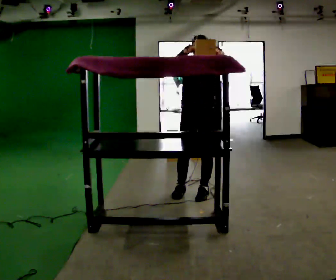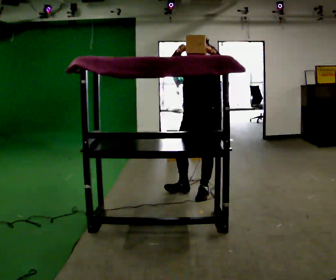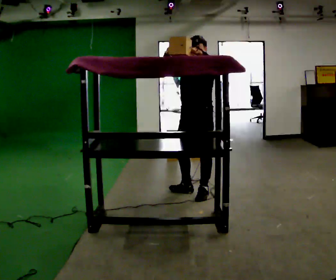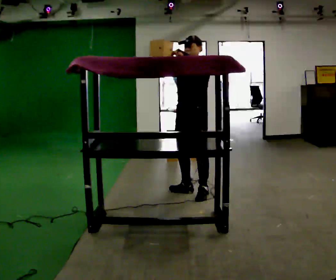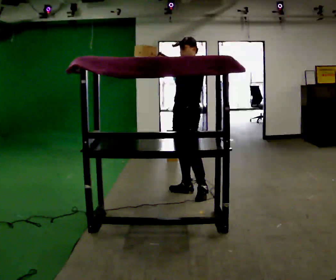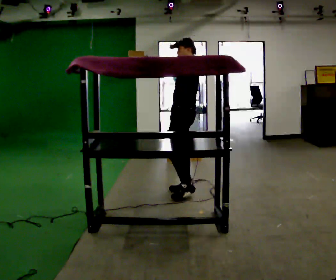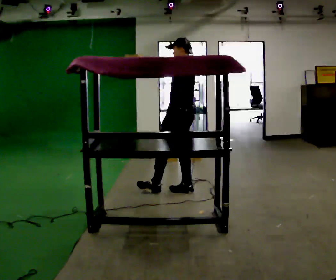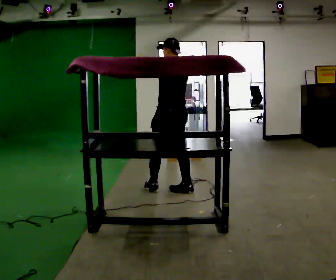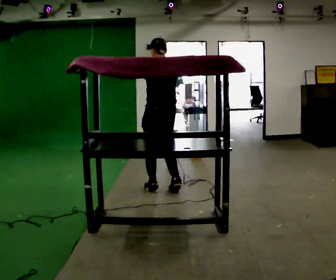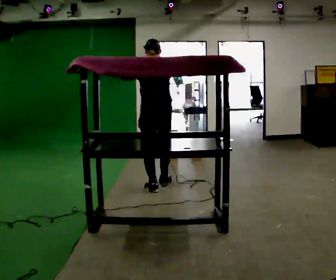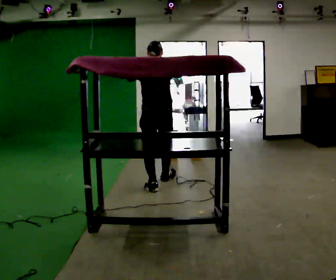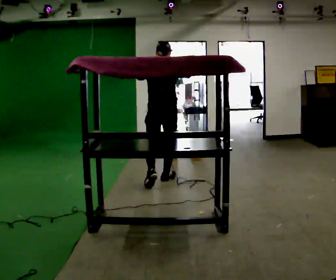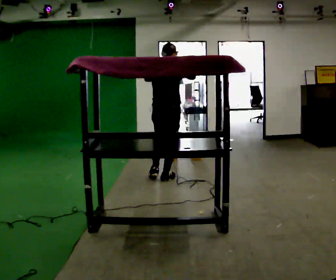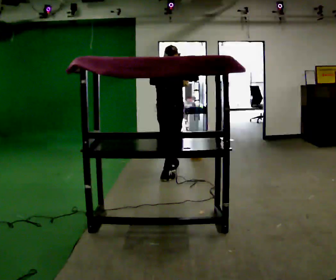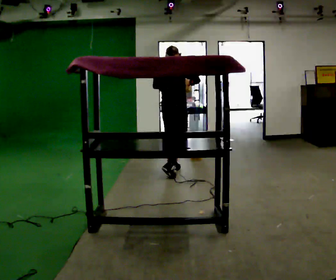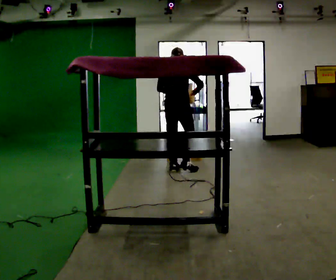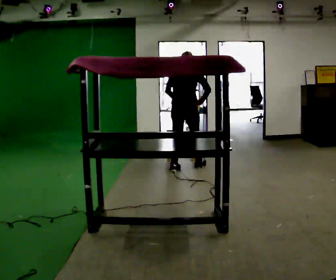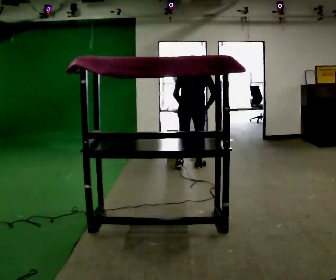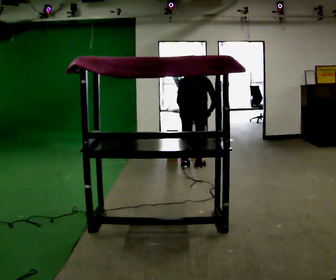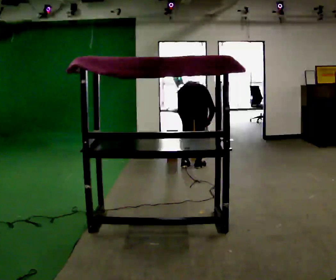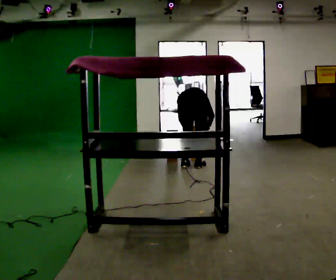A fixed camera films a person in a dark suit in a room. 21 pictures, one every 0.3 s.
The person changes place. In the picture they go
away from the camera.
Their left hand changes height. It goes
downward.
0.0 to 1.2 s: The person turns about 60 degrees to their right, clockwise seen from above, so the part of the body nearest the lens slides to the left. In the picture their right hand goes to the left.
1.2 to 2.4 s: Seen from above the body turns clockwise, about 90 degrees: to their right, with its near side sliding to the left. In the picture they go to the left, about 0.25 m in 1 step.
2.4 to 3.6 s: The person turns about 45 degrees to their right, clockwise seen from above, so the part of the body nearest the lens slides to the left. In the picture they go away from the camera, about 0.5 m in 1 step, which for them is forward.
3.6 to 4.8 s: In the picture they go away from the camera and to the right, about 0.5 m in 2 steps, which for them is forward. In the picture their right hand goes downward.
4.8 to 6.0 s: The upper body goes downward. The upper body tips away from the camera, its near side rolling upward, as they bend forward. In the picture their left hand goes downward.
The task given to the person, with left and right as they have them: Pick an object up off the floor, carry it across the room, and place it on the highest shelf you can comfortably reach. Keep going until the operator says stop; one object at a time, and do not rush between trips.
The film runs forward here.
